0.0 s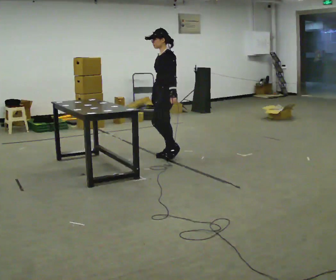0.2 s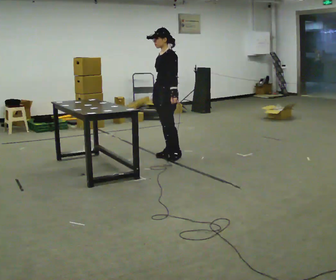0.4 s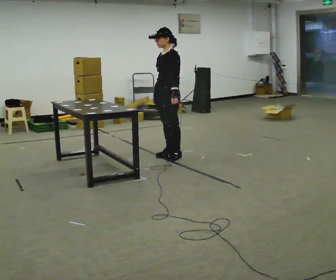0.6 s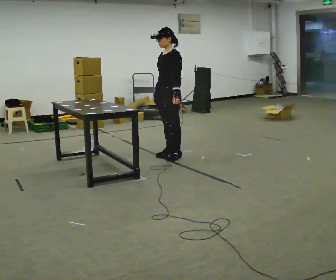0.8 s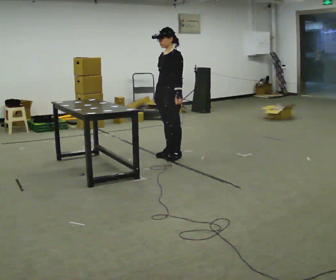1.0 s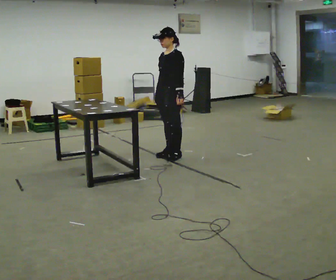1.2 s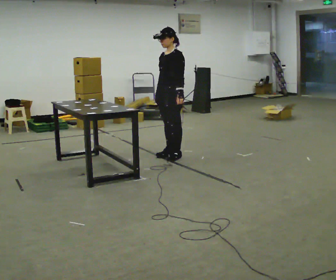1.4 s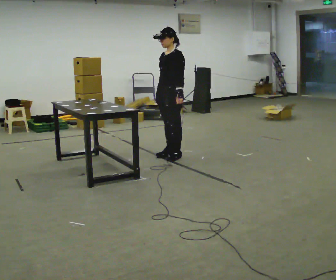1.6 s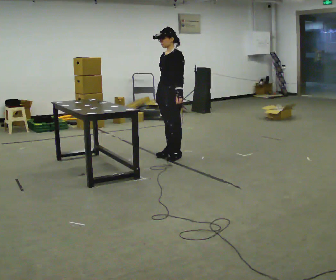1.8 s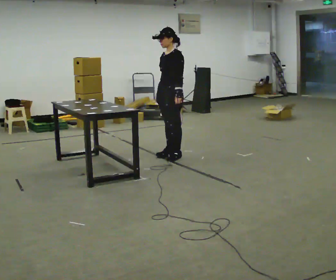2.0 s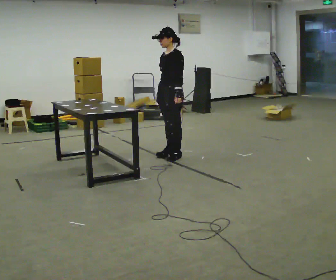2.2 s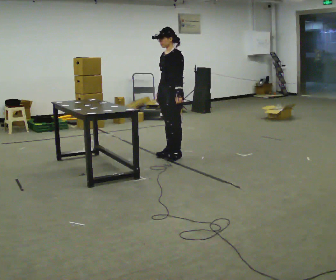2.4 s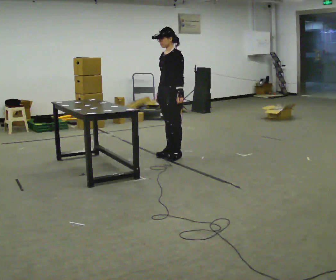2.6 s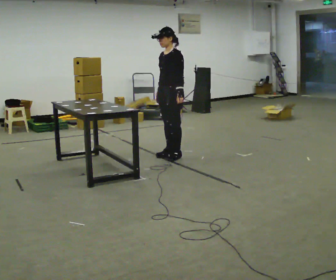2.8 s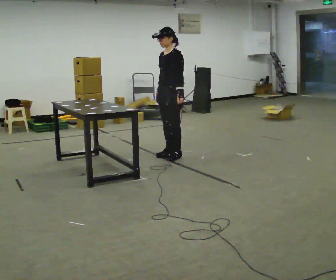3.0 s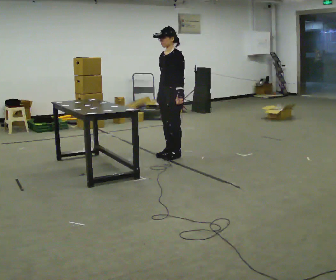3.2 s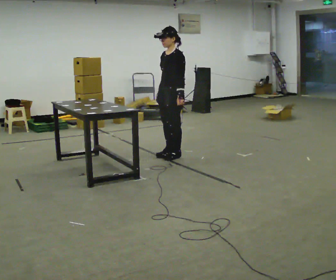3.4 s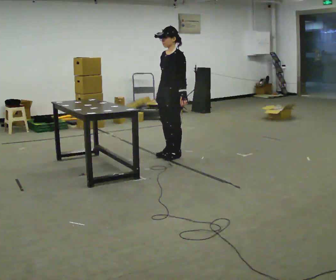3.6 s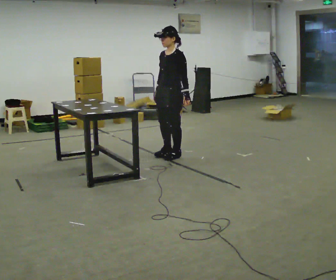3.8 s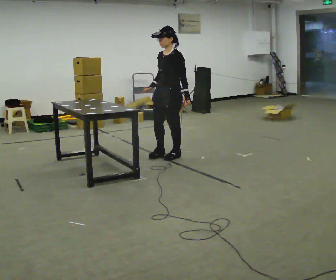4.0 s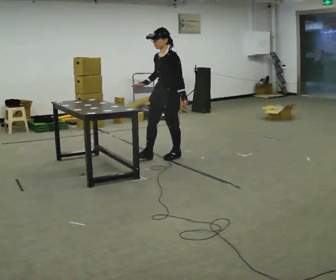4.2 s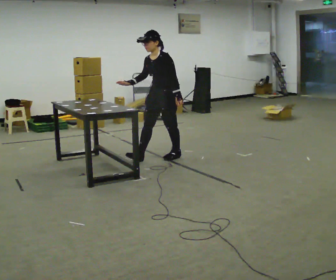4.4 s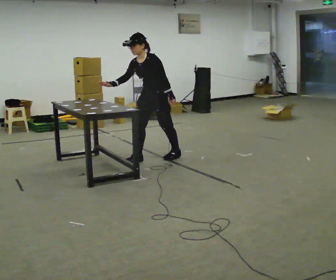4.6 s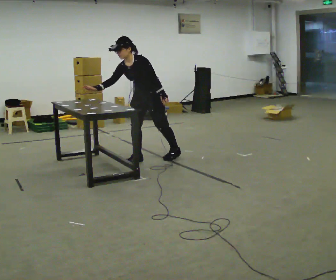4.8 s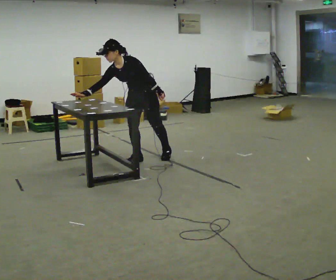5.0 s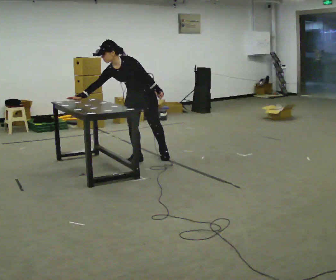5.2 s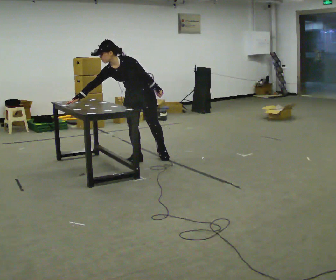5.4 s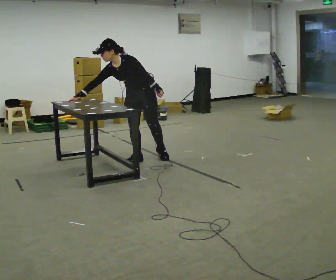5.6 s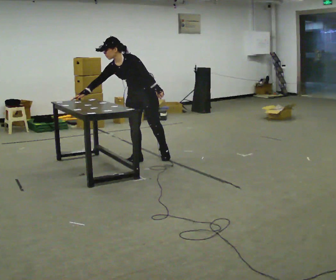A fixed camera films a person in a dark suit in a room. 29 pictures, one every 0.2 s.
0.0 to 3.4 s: The person moves a little, or ends about where they began.
3.4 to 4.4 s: In the picture they go to the left, about 0.25 m in 1 step, which for them is forward. In the picture the upper body tilts counterclockwise, shoulders to the left, as they bend forward. In the picture their right hand goes to the left.
4.4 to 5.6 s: In the picture they go to the left, about 0.25 m in 2 steps, which for them is to their right and forward. In the picture the upper body tilts counterclockwise, shoulders to the left. In the picture their right hand goes to the left.
The film runs backward here.
